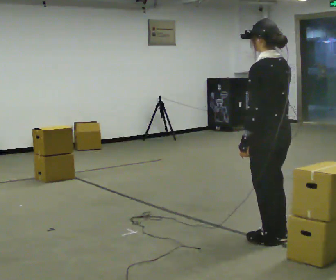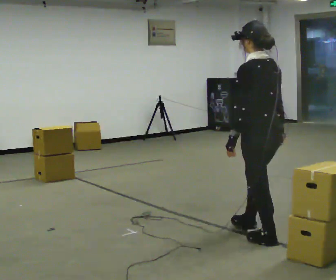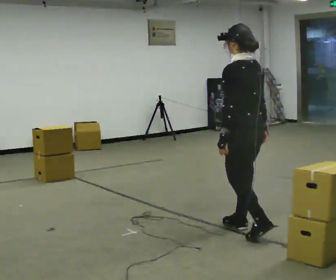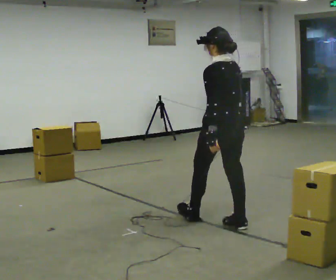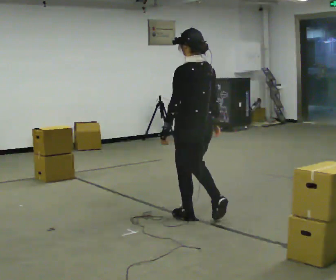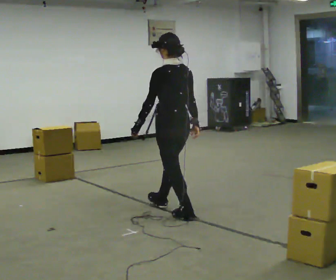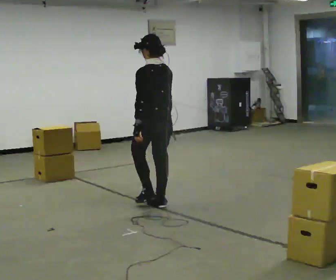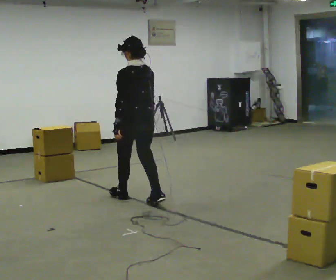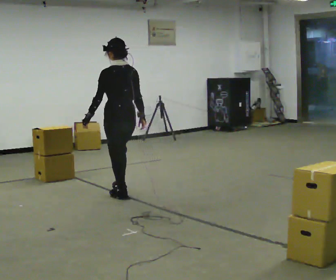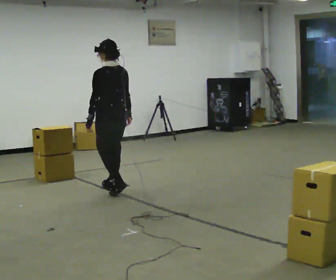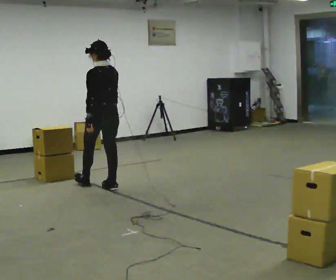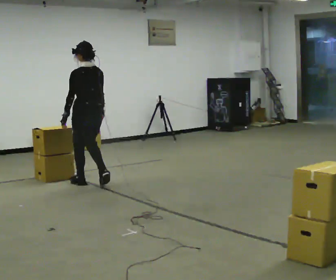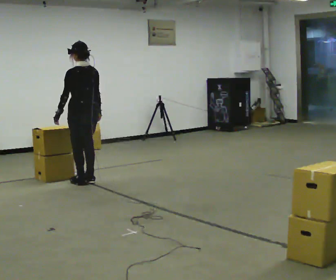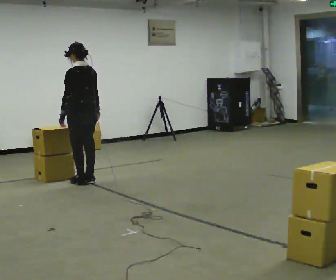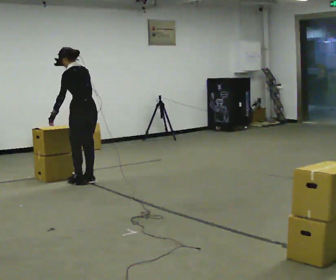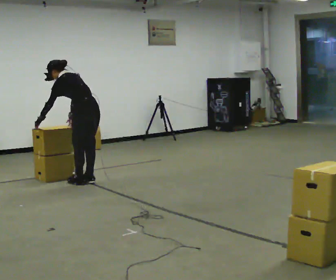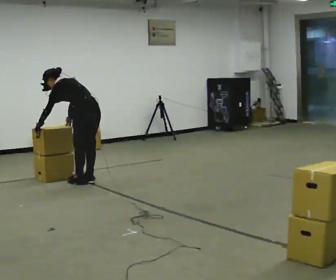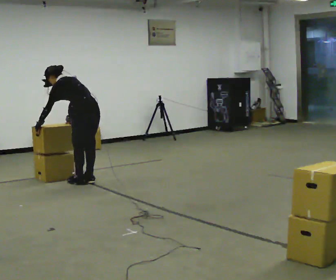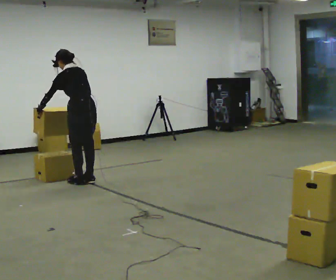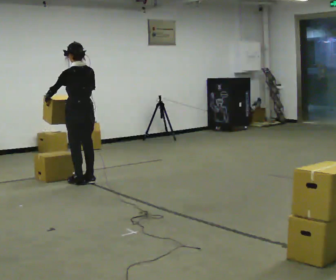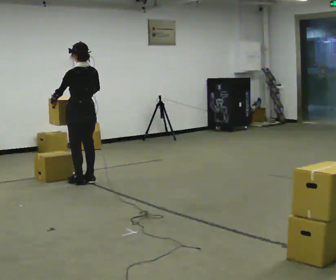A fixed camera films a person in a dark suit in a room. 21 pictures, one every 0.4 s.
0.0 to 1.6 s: In the picture they go away from the camera and to the left, about 1 m in 2 steps, which for them is forward.
1.6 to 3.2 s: In the picture they go away from the camera and to the left, about 1 m in 2 steps, which for them is forward.
3.2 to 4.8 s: In the picture they go away from the camera and to the left, about 0.5 m in 3 steps, which for them is forward.
4.8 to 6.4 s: The upper body goes downward. In the picture the upper body tilts counterclockwise, shoulders to the left, as they bend forward. In the picture their right hand goes to the left.
6.4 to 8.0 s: The shoulders move upward. In the picture the upper body tilts clockwise, shoulders to the right, as they lean back or straighten. In the picture their left hand goes upward.
The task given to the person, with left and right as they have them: Carry the stack of boxes across the room without letting it fall over, then bring it back. Keep going until the operator says stop; one object at a time, and do not rush between trips.
The film runs forward here.
